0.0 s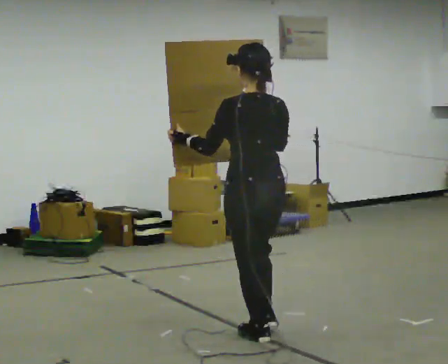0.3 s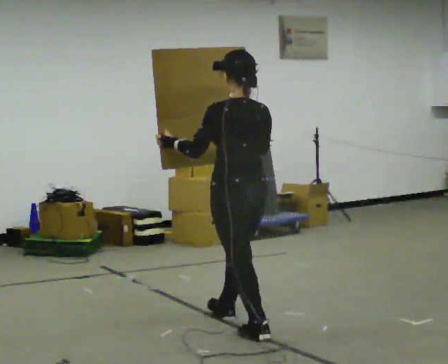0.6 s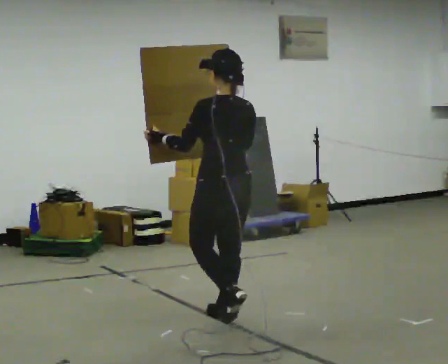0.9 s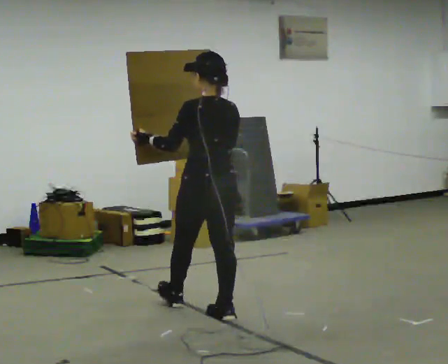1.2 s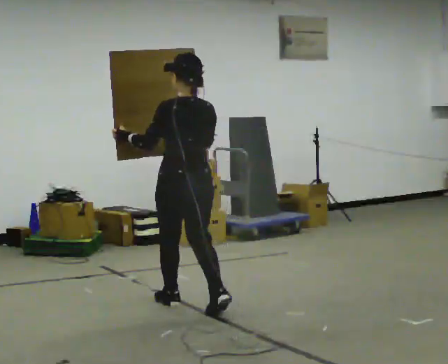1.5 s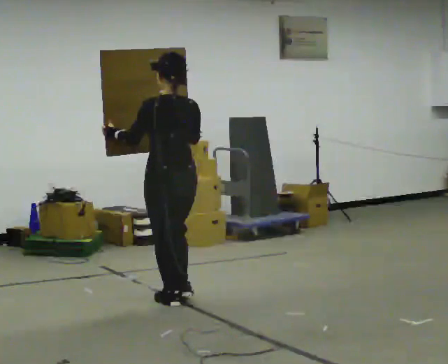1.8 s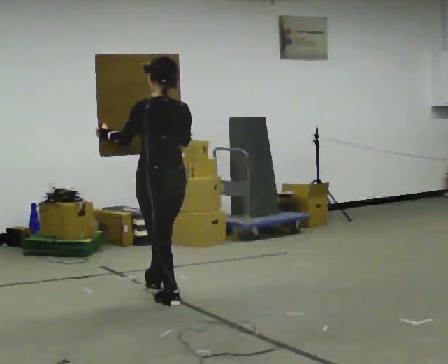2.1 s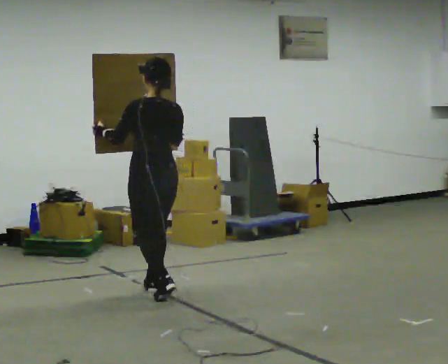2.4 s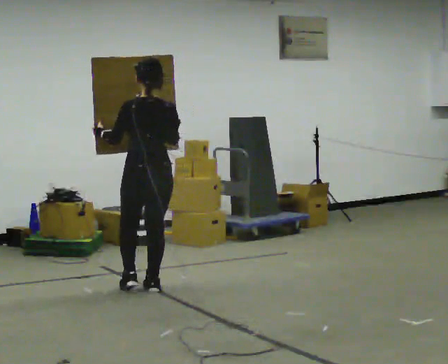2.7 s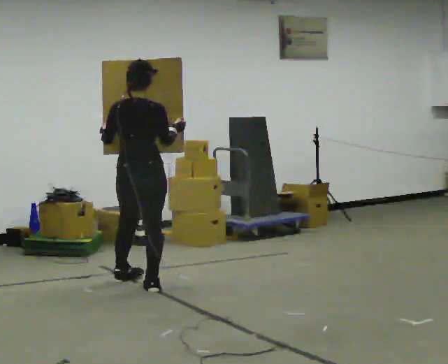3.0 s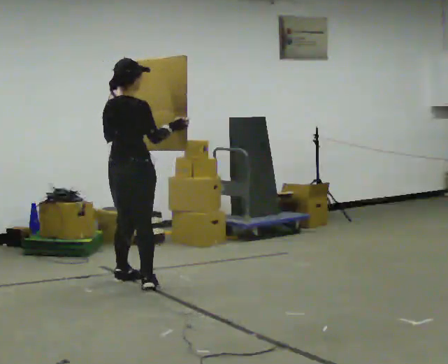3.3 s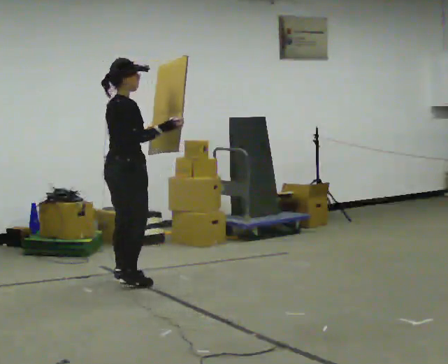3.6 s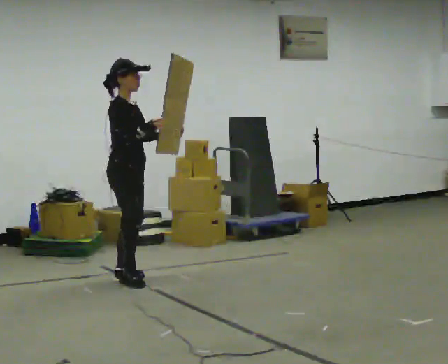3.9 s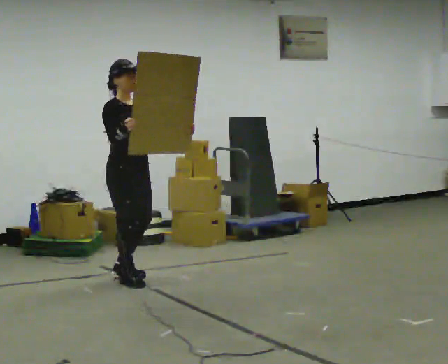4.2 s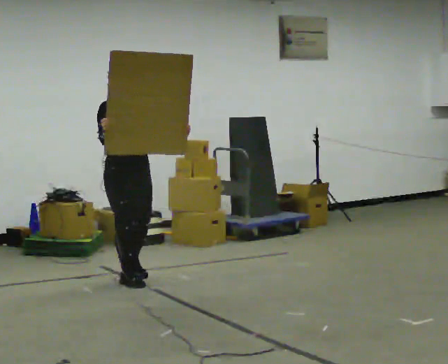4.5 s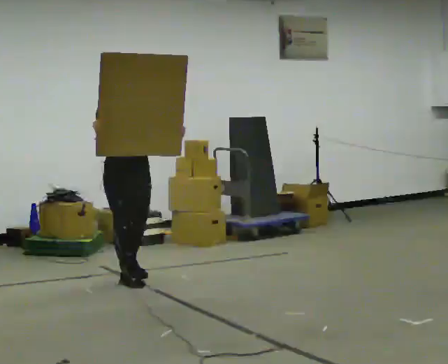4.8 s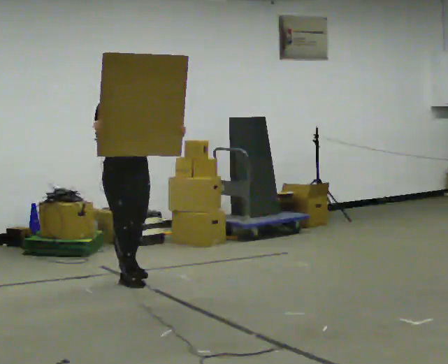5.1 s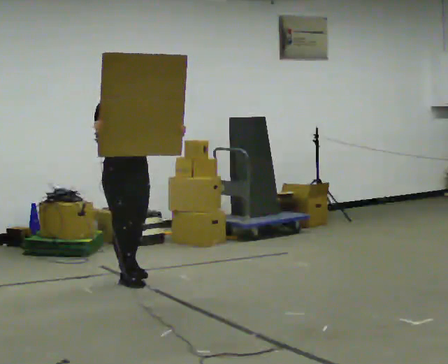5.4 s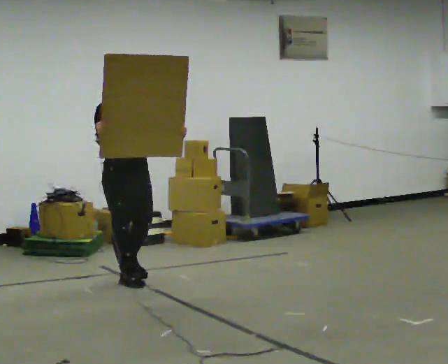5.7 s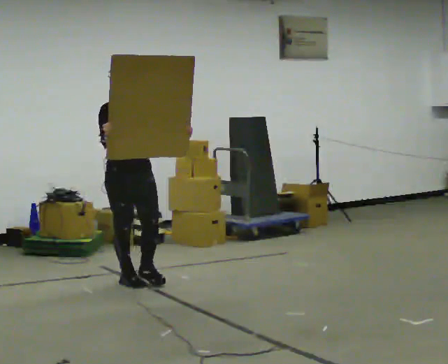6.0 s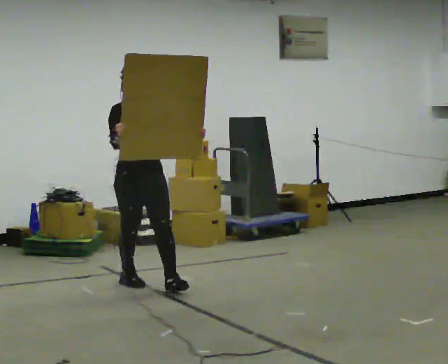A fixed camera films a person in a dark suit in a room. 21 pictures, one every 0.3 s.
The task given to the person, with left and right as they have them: Carry the large panel across the room. It will block your view ahead, so take whatever route feels safe. Keep going until the operator says stop; one object at a time, and do not rush between trips.
0.0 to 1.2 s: In the picture they go away from the camera and to the left, about 1 m in 2 steps, which for them is forward.
1.2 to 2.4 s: In the picture they go away from the camera and to the left, about 0.5 m in 1 step, which for them is forward.
2.4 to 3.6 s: The person turns about 120 degrees to their right, clockwise seen from above, so the part of the body nearest the lens slides to the left. In the picture they go away from the camera and to the left, about 0.25 m in 2 steps.
3.6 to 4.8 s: Seen from above the body turns clockwise, about 45 degrees: to their right, with its near side sliding to the left.
4.8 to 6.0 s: The person moves a little, or ends about where they began.
The film runs forward here.
